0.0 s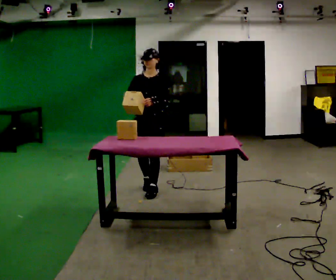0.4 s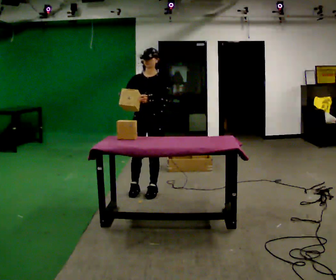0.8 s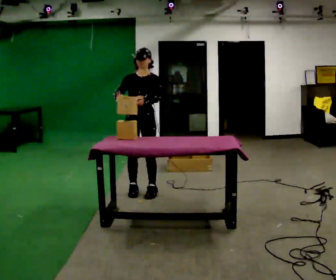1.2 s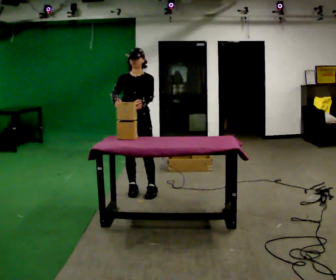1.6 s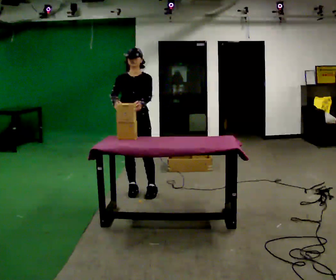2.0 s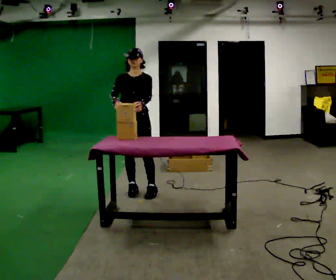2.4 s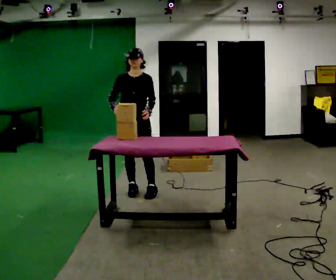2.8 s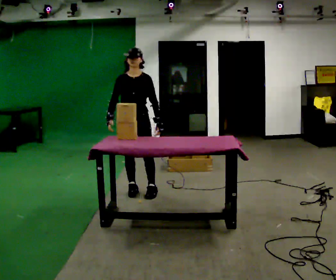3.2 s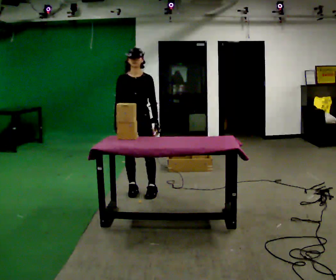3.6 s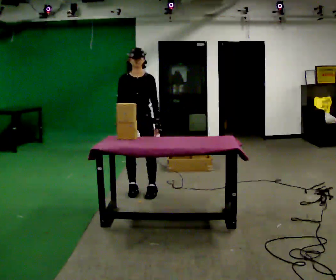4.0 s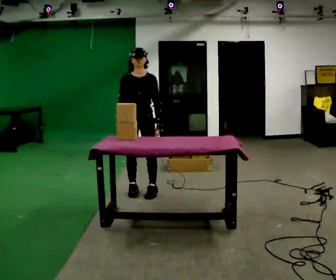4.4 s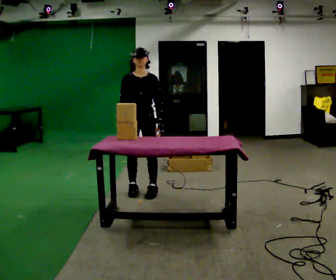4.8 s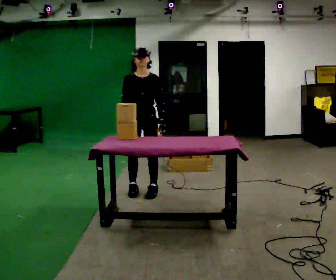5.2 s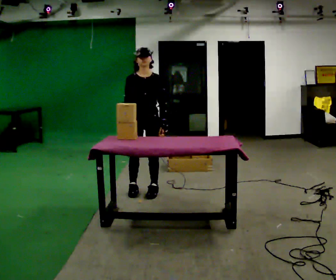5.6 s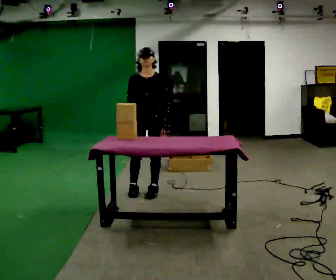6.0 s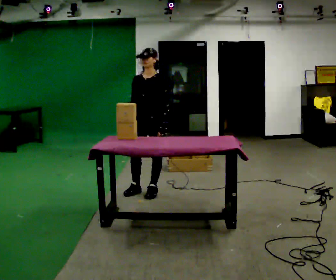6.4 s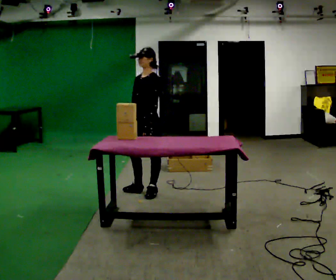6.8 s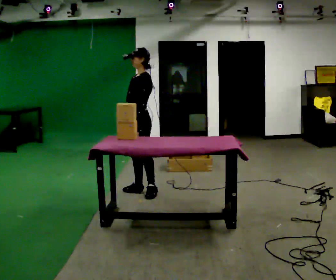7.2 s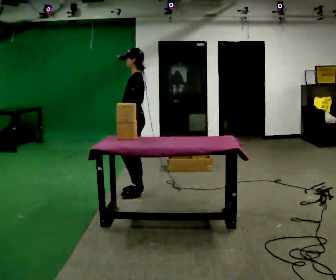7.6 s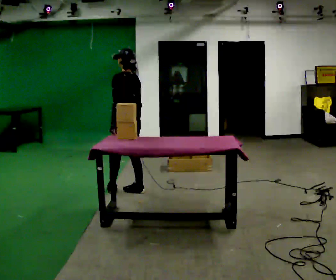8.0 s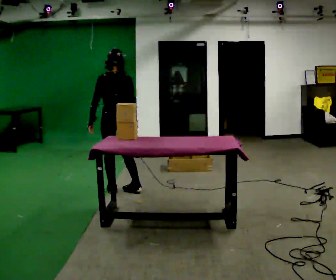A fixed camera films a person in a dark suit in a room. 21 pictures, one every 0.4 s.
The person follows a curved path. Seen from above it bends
clockwise.
0.0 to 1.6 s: In the picture they go to the left, about 0.25 m in 1 step, which for them is to their right.
1.6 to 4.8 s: The person moves a little, or ends about where they began.
4.8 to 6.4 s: The part of the body nearest the lens slides to the left as the person turns to their right by about 60 degrees.
6.4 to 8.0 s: Seen from above the body turns clockwise, about 120 degrees: to their right, with its near side sliding to the left. In the picture they go to the left, about 0.5 m in 1 step.
The film runs forward here.
